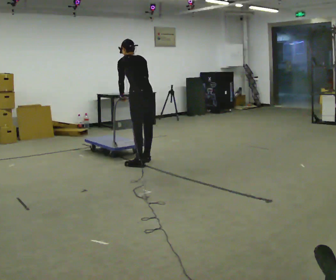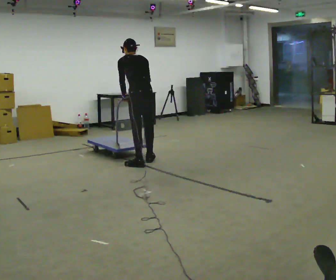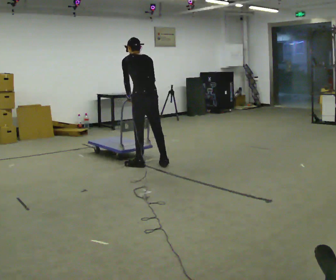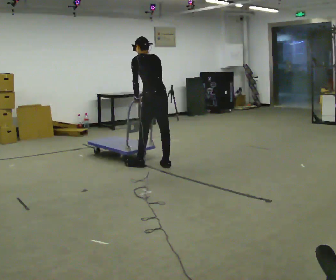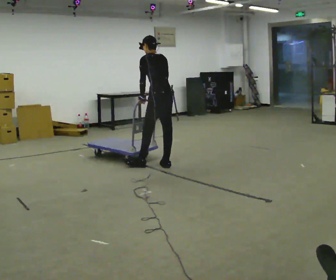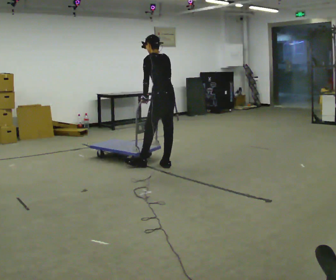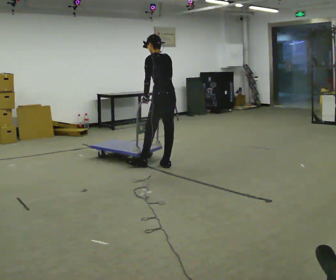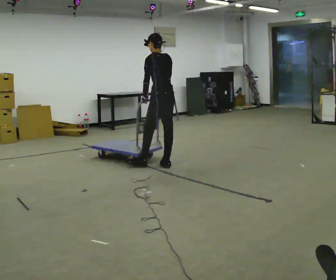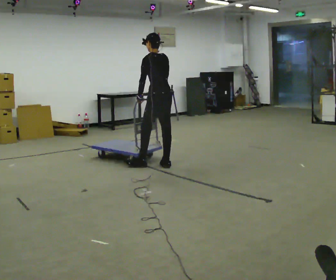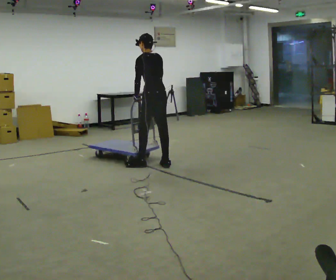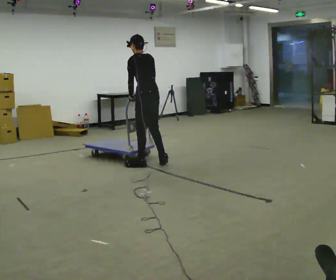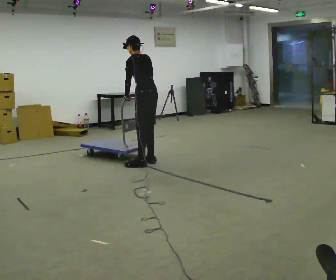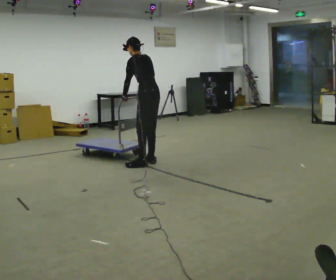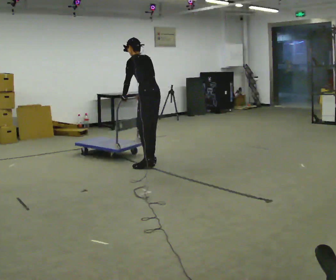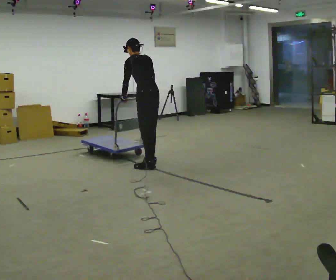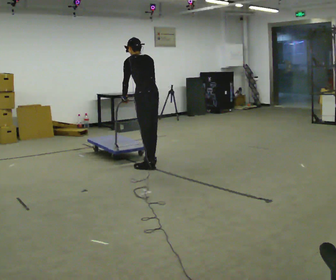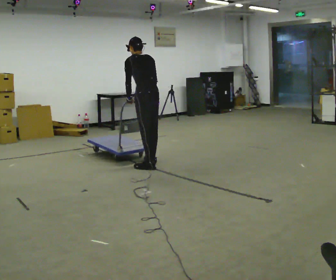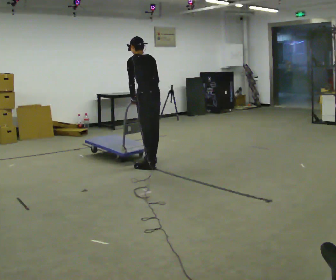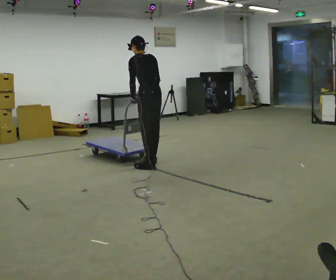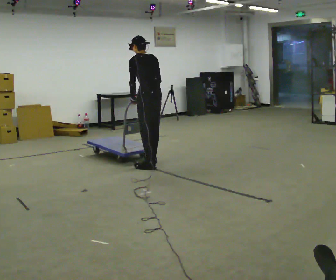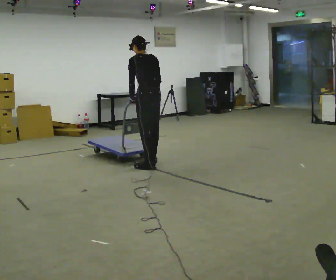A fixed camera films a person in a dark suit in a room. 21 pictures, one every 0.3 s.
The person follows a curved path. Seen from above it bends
clockwise.
0.0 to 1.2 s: In the picture they go to the right, about 0.25 m in 1 step, which for them is backward and to their right.
1.2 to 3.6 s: In the picture they go away from the camera, about 0.25 m in 1 step, which for them is forward.
3.6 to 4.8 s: In the picture they go toward the camera, about 0.25 m in 1 step, which for them is to their left and backward.
4.8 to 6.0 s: The person moves a little, or ends about where they began.
The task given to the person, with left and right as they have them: Get the cart into the marked parking space and lined up with the tape. Take as many adjustments as you need. Then take it out again and repeat.
The film runs forward here.
